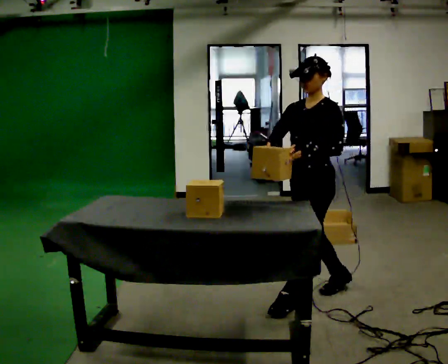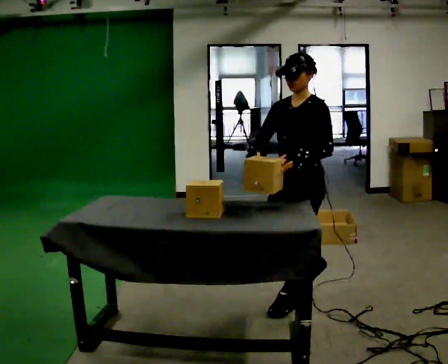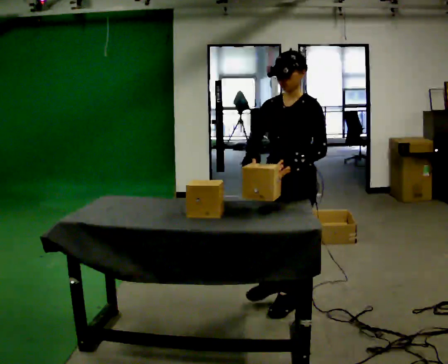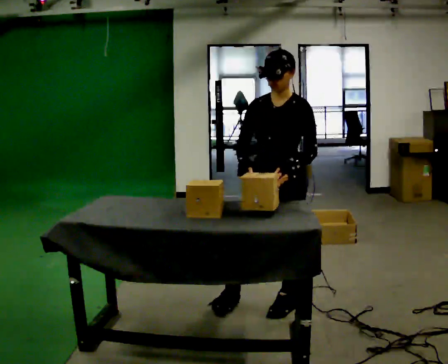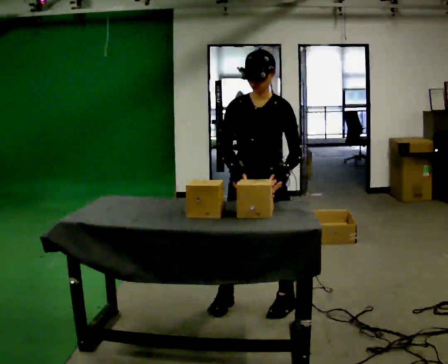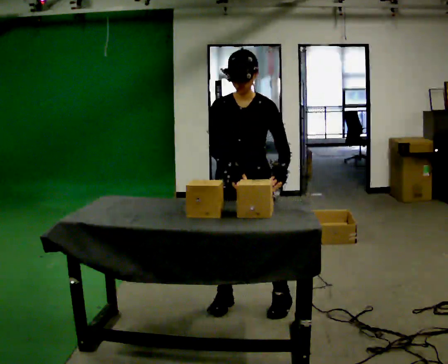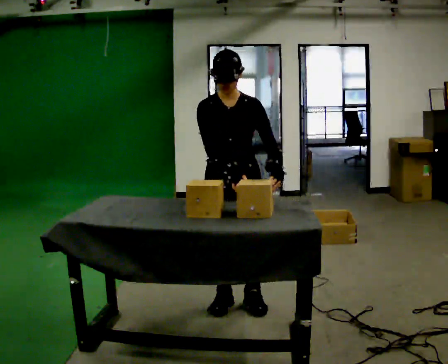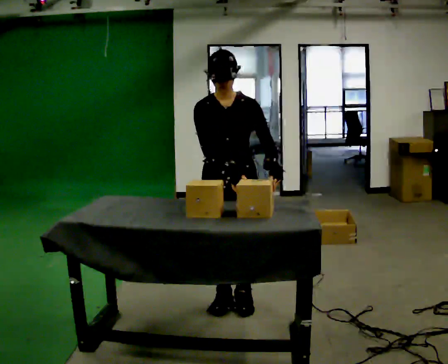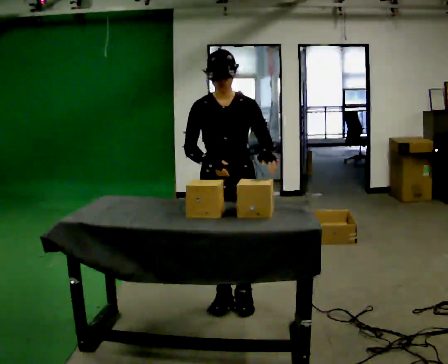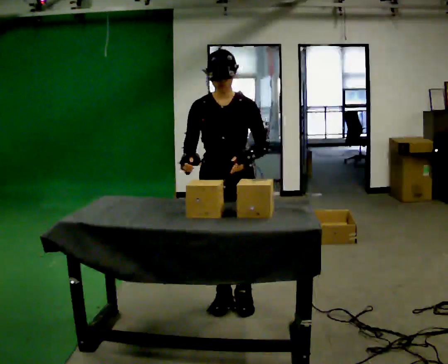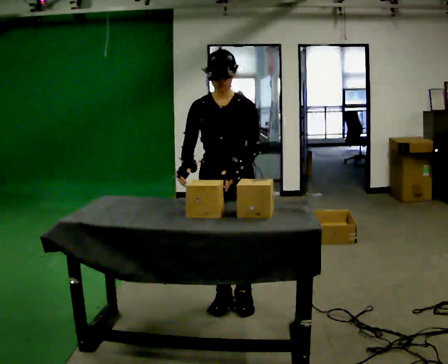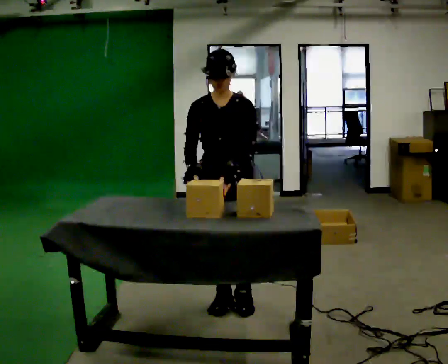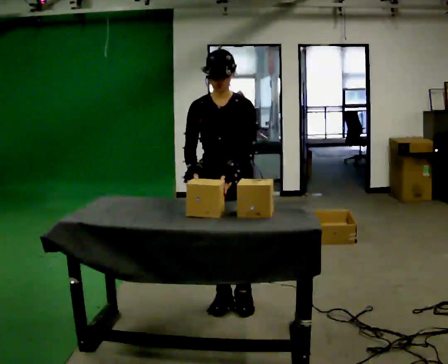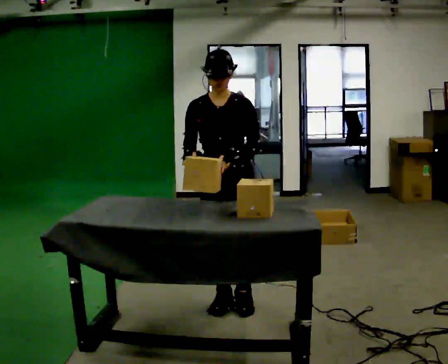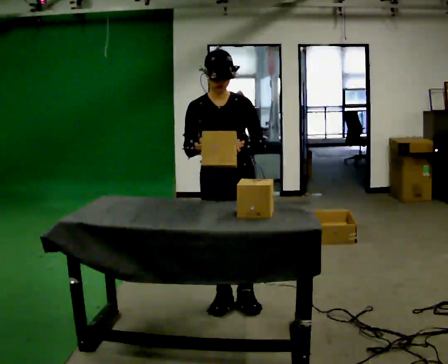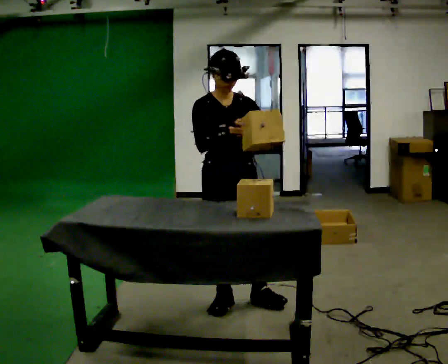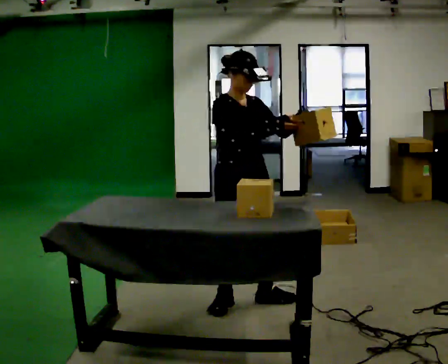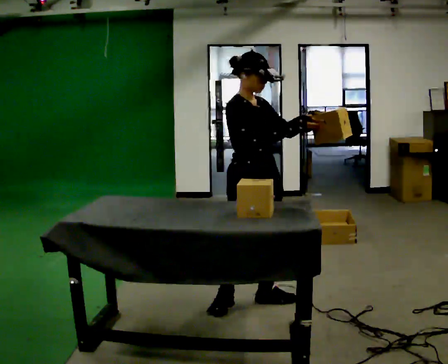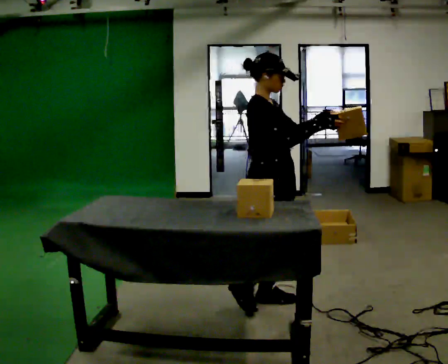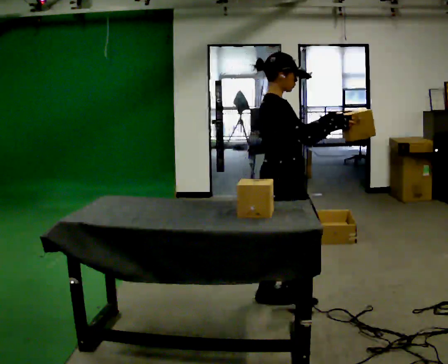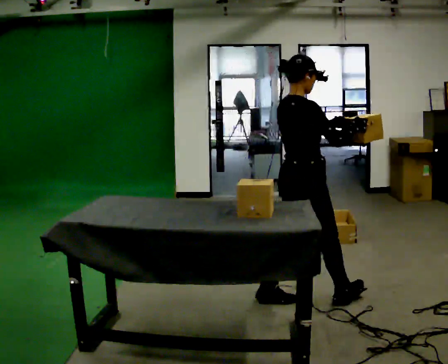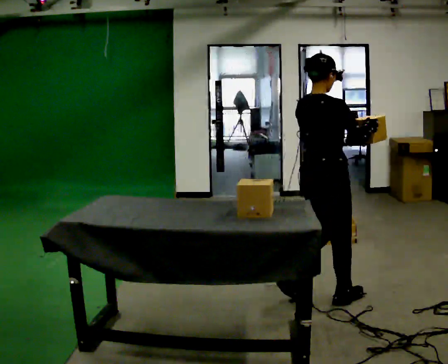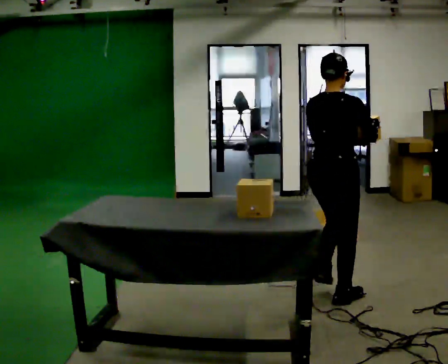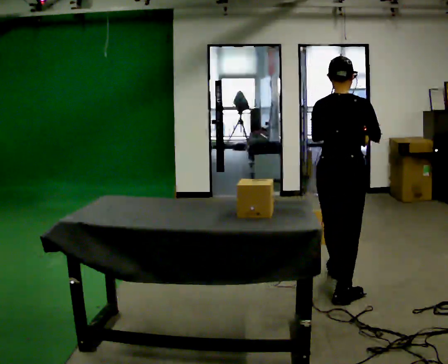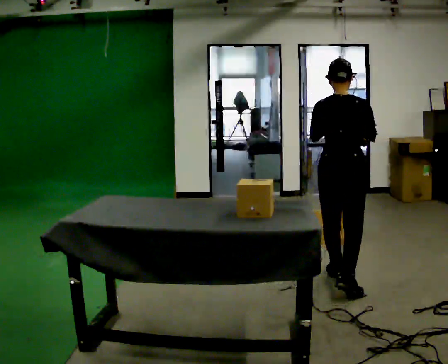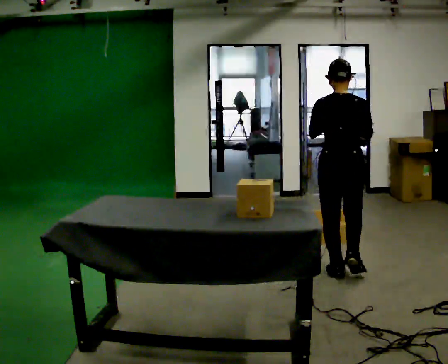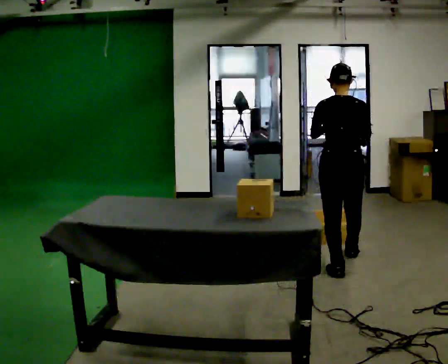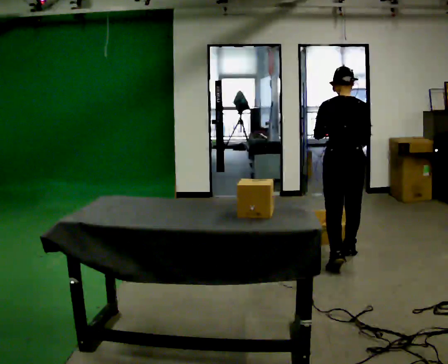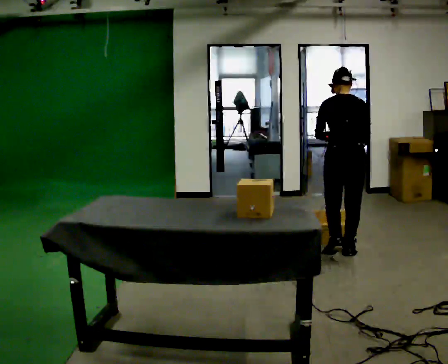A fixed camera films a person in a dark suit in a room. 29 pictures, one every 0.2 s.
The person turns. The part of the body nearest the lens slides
to the right.
The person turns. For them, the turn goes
to their left.
0.0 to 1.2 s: Seen from above the body turns counterclockwise, about 60 degrees: to their left, with its near side sliding to the right. In the picture they go to the left, about 0.5 m in 1 step, which for them is to their right and forward.
1.2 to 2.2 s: The person moves a little, or ends about where they began.
2.2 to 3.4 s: The part of the body nearest the lens slides to the right as the person turns to their left by about 60 degrees. In the picture they go to the right, about 0.25 m, which for them is to their left. In the picture their right hand goes to the right.
3.4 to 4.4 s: Seen from above the body turns counterclockwise, about 90 degrees: to their left, with its near side sliding to the right. In the picture they go to the right, about 0.5 m in 1 step.
4.4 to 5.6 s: The person turns about 30 degrees to their left, counterclockwise seen from above, so the part of the body nearest the lens slides to the right. In the picture they go away from the camera, about 1 m in 2 steps, which for them is forward.
The film runs forward here.
